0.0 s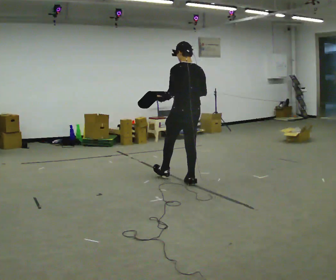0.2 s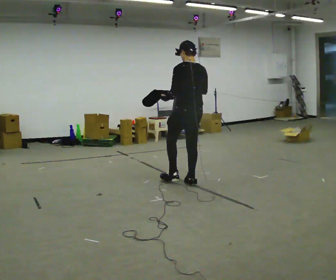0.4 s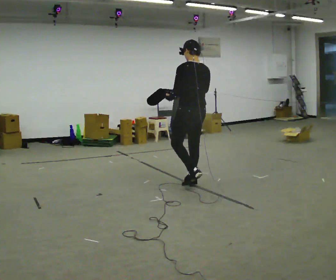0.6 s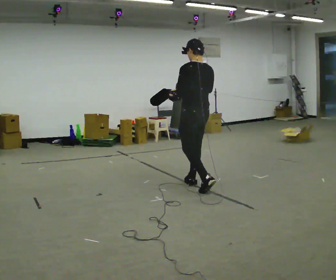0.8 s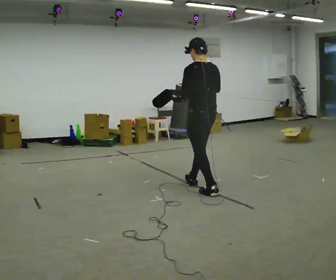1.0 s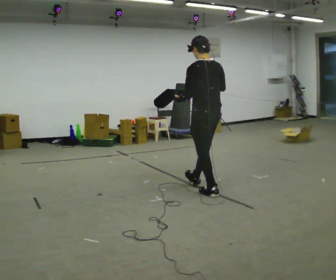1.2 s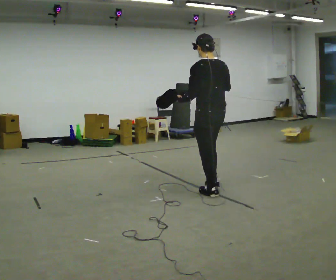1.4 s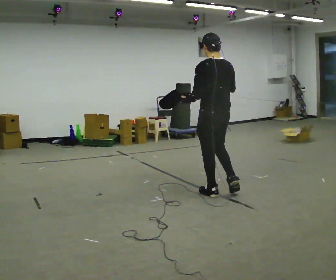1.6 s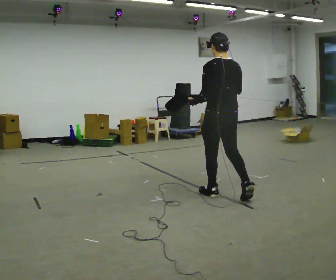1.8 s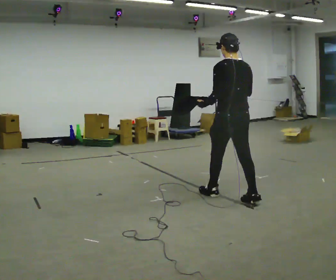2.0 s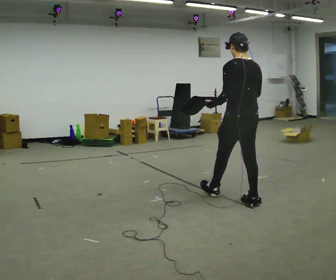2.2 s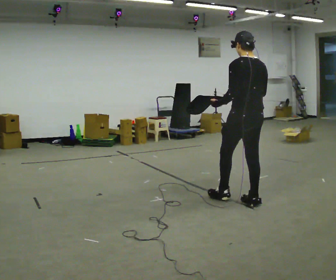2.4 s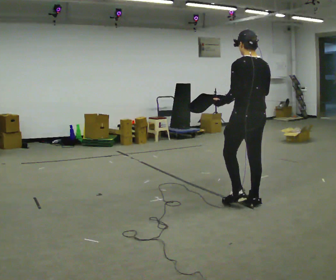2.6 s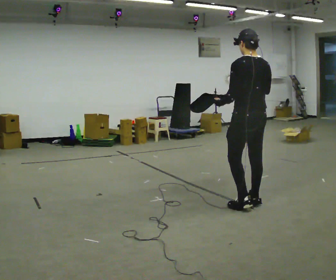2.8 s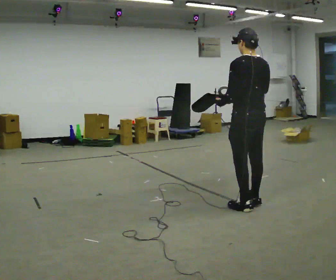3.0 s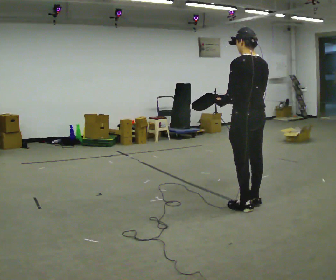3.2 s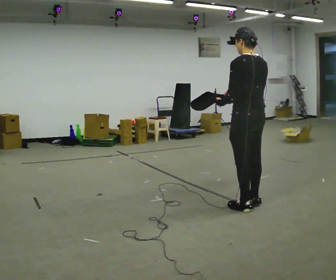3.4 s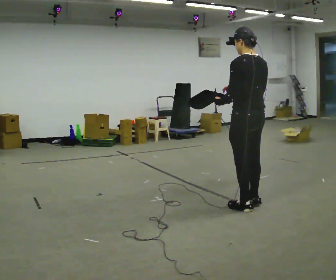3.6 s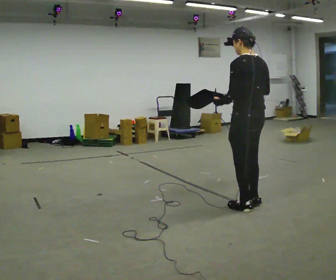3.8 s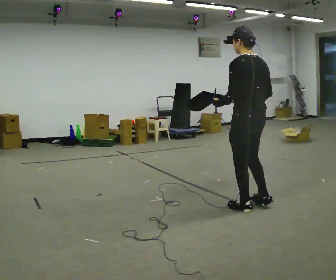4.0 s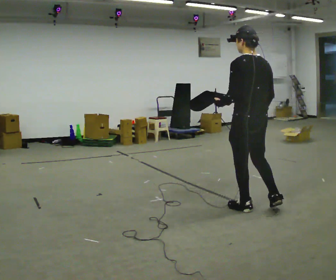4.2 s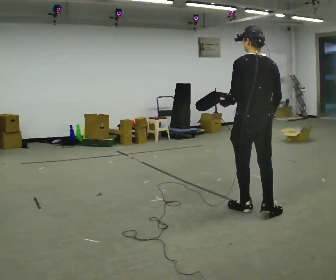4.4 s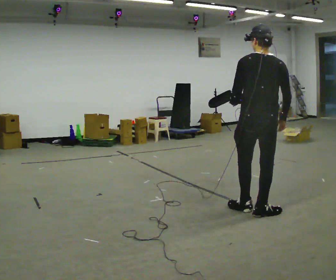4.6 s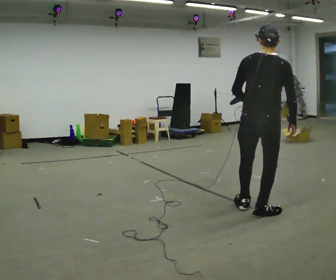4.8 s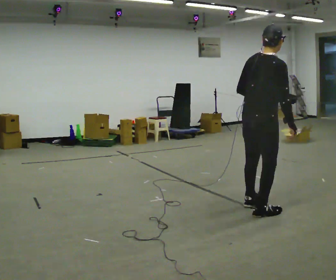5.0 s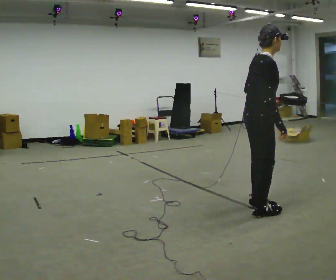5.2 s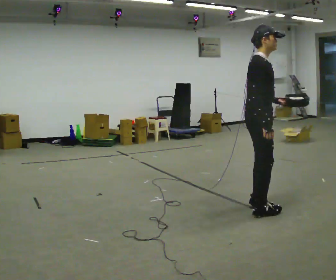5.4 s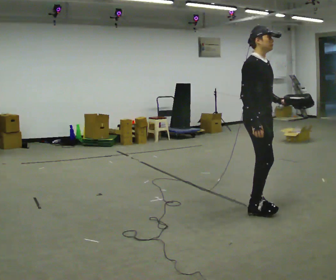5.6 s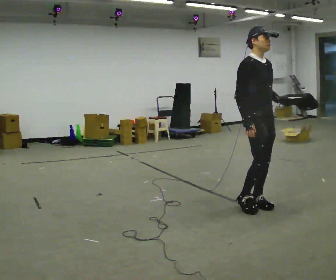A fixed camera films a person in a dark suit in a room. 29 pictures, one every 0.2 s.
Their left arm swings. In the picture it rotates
counterclockwise.
The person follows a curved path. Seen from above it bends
counterclockwise.
0.0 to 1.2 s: In the picture they go toward the camera and to the right, about 0.75 m in 1 step, which for them is backward.
1.2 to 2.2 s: In the picture they go to the right and toward the camera, about 0.5 m in 1 step, which for them is backward and to their right.
2.2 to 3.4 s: In the picture they go toward the camera, about 0.25 m, which for them is backward.
3.4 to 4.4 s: Seen from above the body turns clockwise, about 45 degrees: to their right, with its near side sliding to the left. In the picture they go toward the camera, about 0.25 m in 1 step, which for them is backward. In the picture their right hand goes to the right.
4.4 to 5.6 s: The person turns about 135 degrees to their right, clockwise seen from above, so the part of the body nearest the lens slides to the left. In the picture they go away from the camera, about 0.25 m in 2 steps. In the picture their left hand goes to the right, the arm swinging counterclockwise.
The film runs backward here.
